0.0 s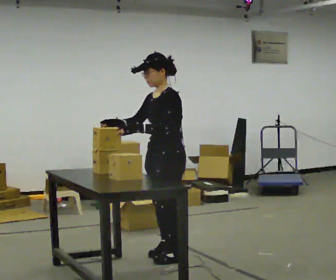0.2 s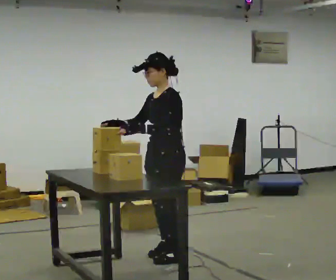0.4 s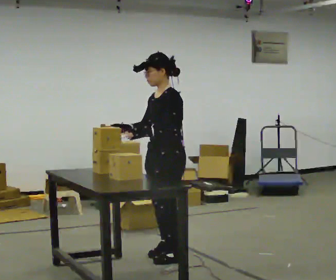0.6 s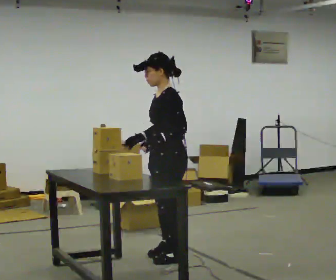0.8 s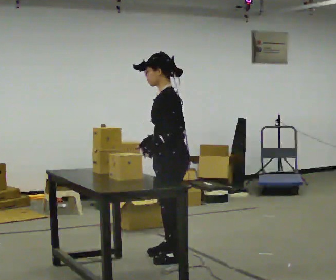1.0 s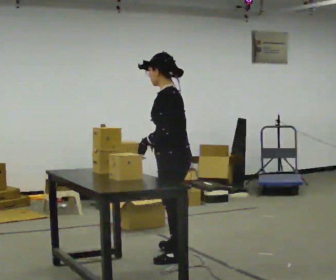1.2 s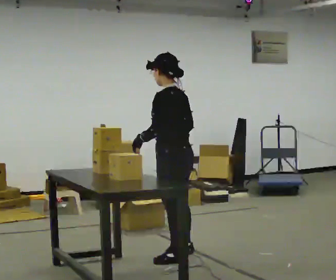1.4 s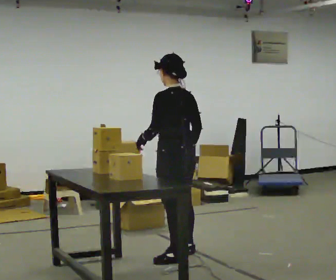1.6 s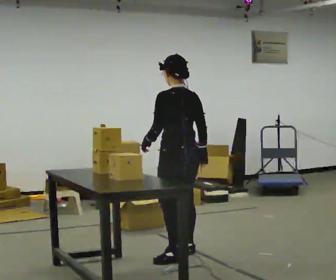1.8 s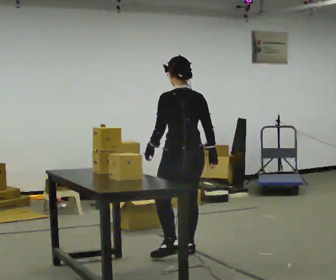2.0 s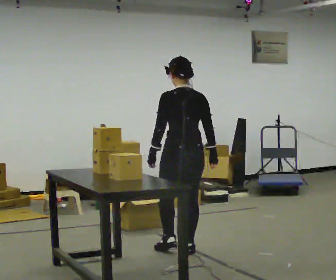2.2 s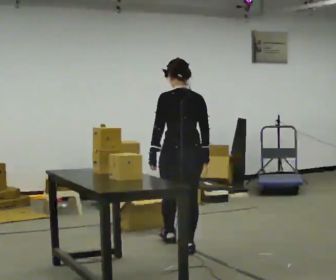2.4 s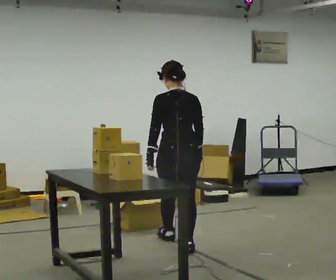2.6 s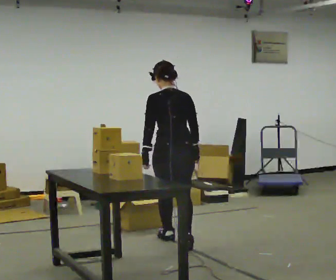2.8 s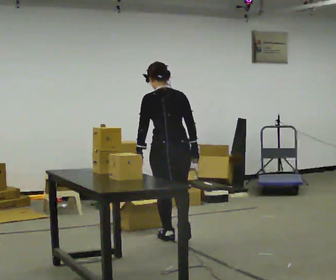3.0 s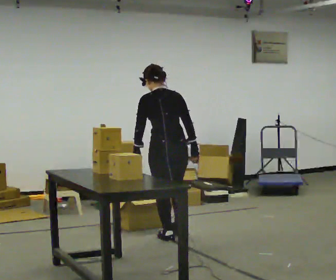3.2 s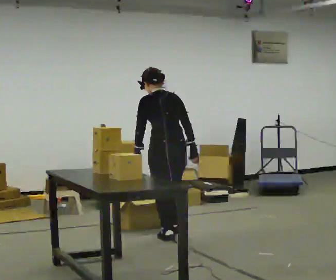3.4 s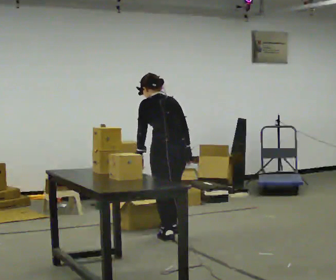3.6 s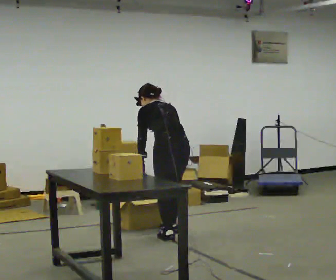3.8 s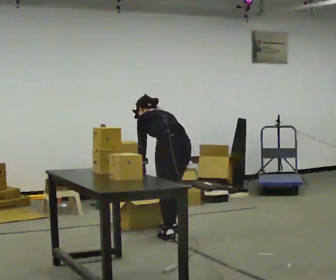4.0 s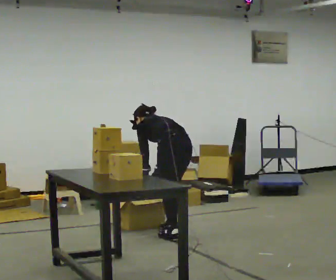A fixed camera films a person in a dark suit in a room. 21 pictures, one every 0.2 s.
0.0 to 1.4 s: The part of the body nearest the lens slides to the left as the person turns to their right by about 60 degrees. In the picture their right hand goes to the right, the arm swinging counterclockwise.
1.4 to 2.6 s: The part of the body nearest the lens slides to the left as the person turns to their right by about 45 degrees. In the picture they go away from the camera, about 0.5 m in 1 step, which for them is forward.
2.6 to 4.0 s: Seen from above the body turns counterclockwise, about 30 degrees: to their left, with its near side sliding to the right. In the picture they go away from the camera, about 0.5 m in 1 step, which for them is forward and to their right. The shoulders move downward. The upper body tips away from the camera, its near side rolling upward, as they bend forward. In the picture their right hand goes downward.
The film runs forward here.
